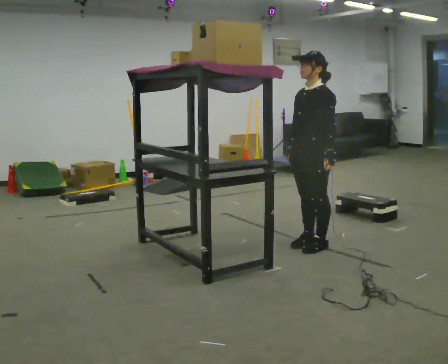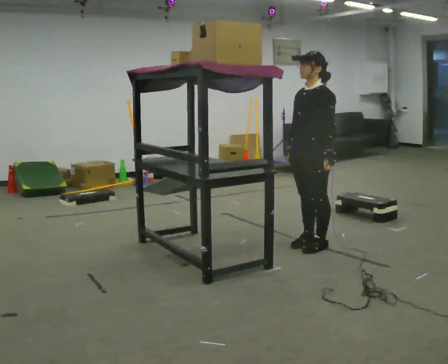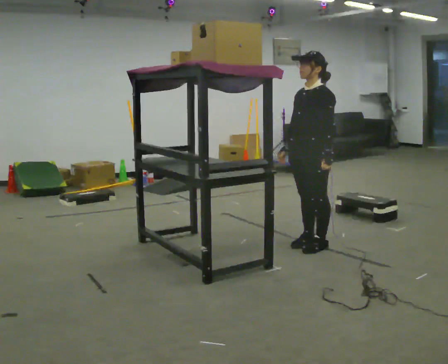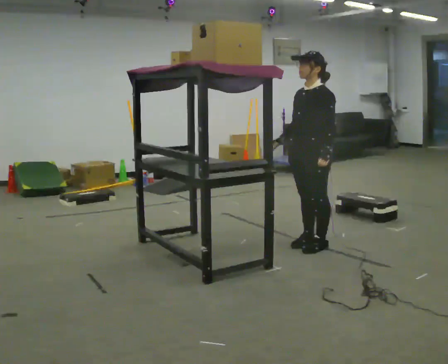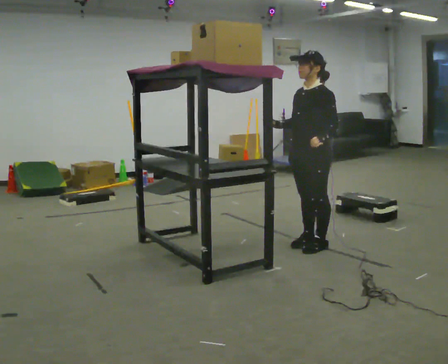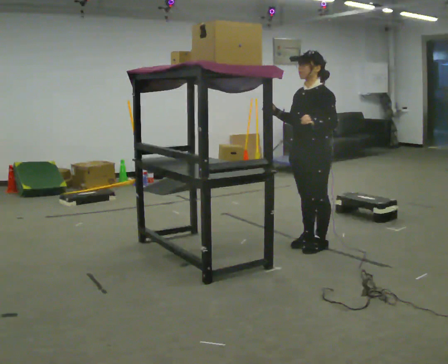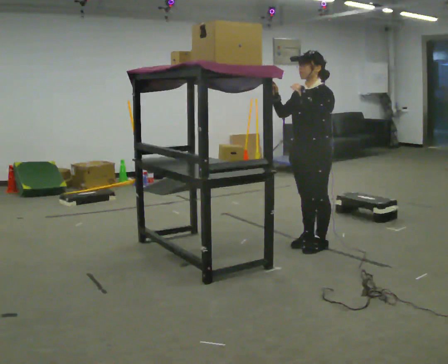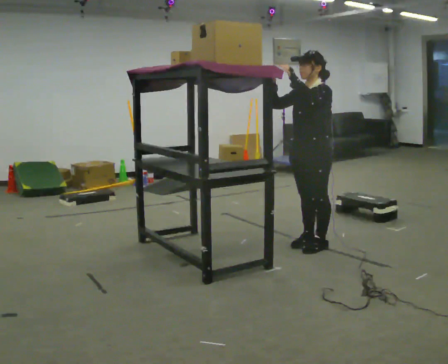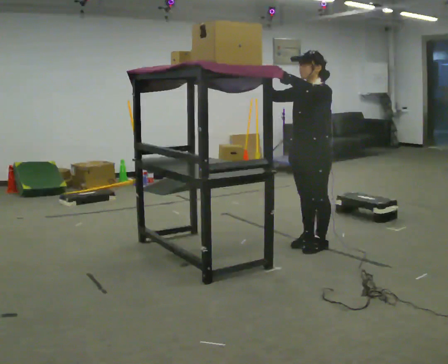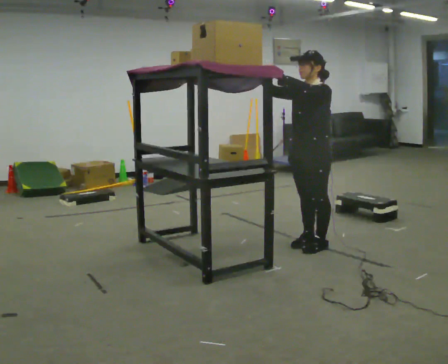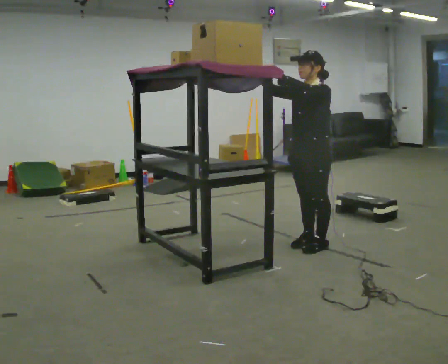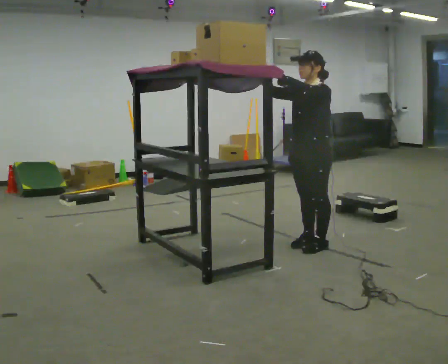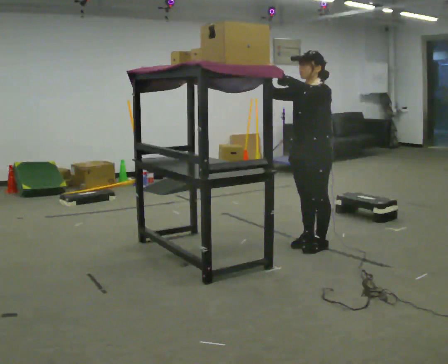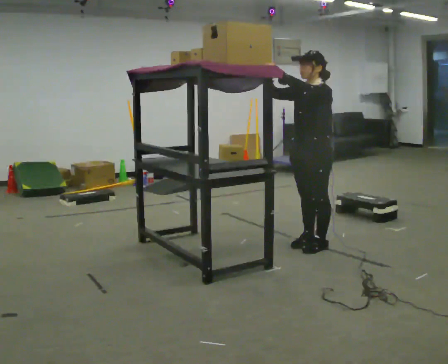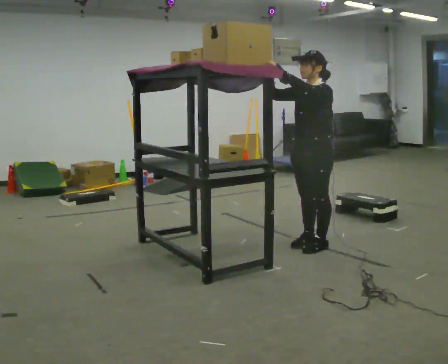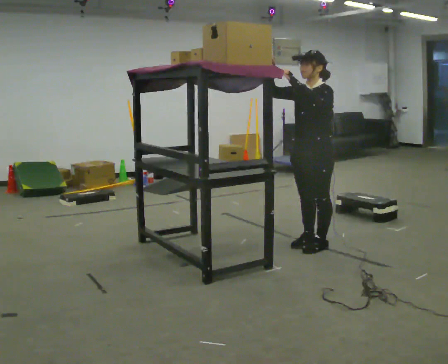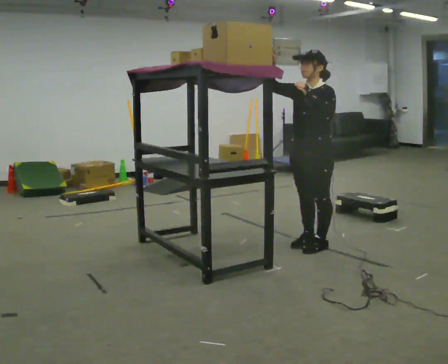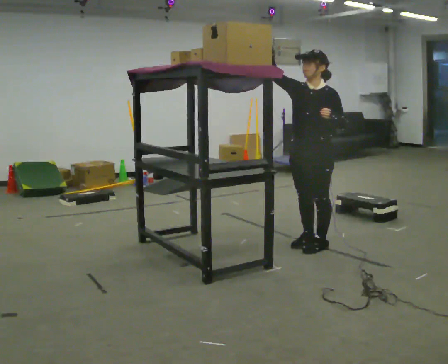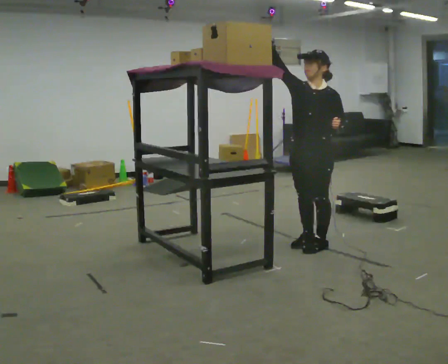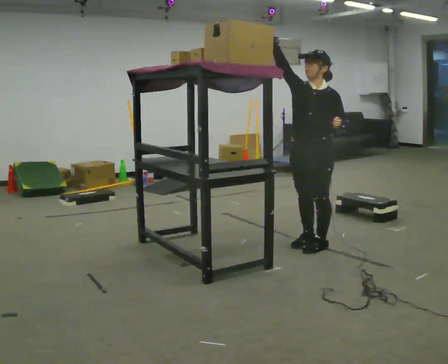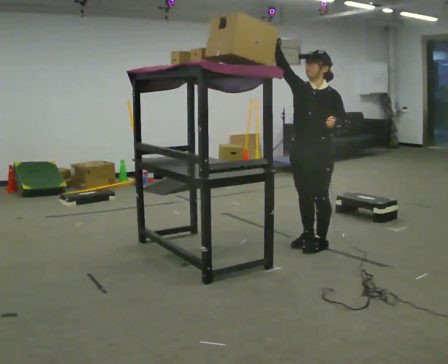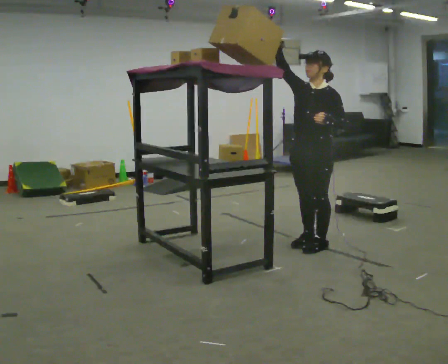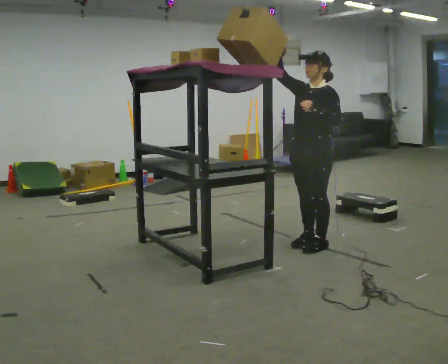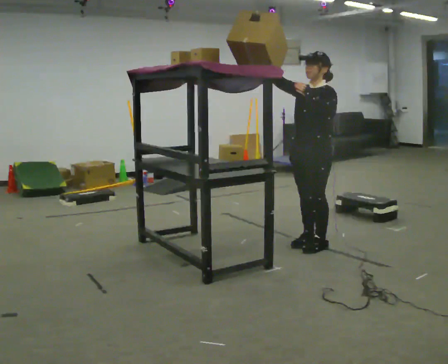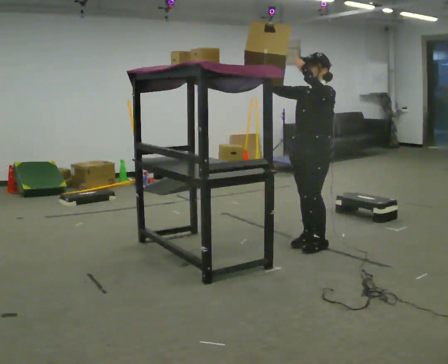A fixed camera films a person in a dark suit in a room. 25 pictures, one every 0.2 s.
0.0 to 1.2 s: In the picture their right hand goes upward, the arm swinging clockwise.
1.2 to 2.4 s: The person moves a little, or ends about where they began.
2.4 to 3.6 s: The person turns about 30 degrees to their left, counterclockwise seen from above, so the part of the body nearest the lens slides to the right. In the picture their left hand goes to the right and downward.
3.6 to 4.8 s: The part of the body nearest the lens slides to the left as the person turns to their right by about 30 degrees. In the picture their left hand goes upward.
The film runs backward here.
